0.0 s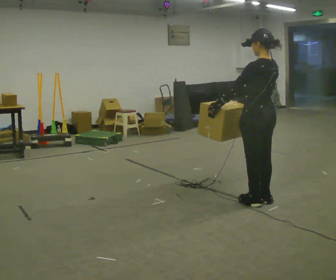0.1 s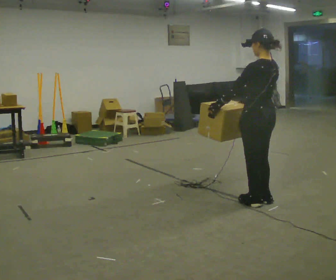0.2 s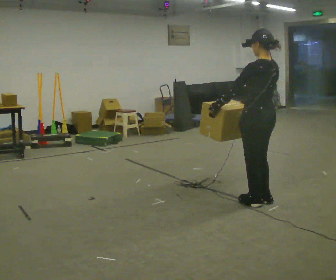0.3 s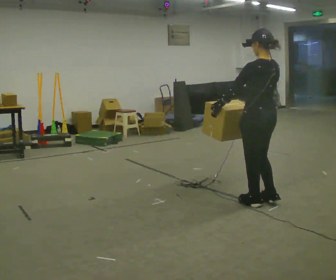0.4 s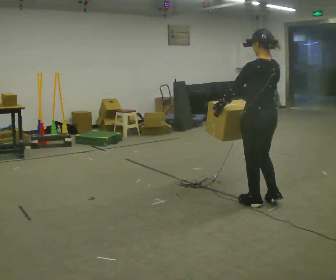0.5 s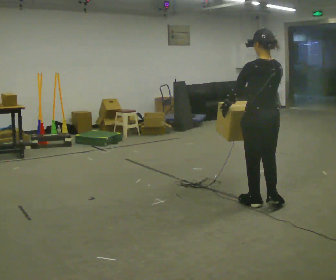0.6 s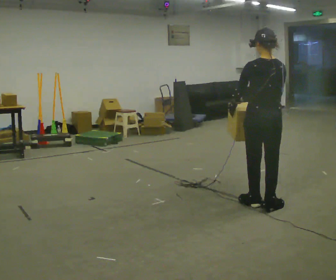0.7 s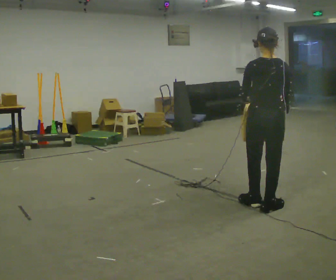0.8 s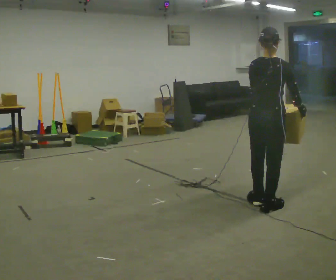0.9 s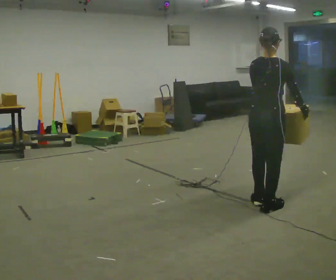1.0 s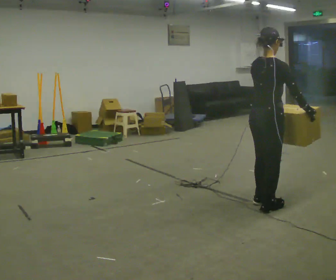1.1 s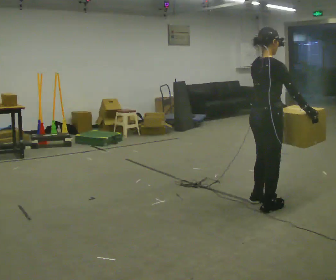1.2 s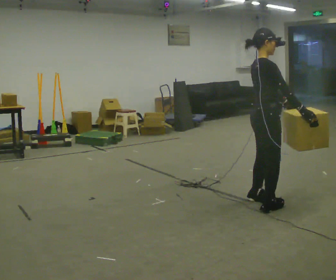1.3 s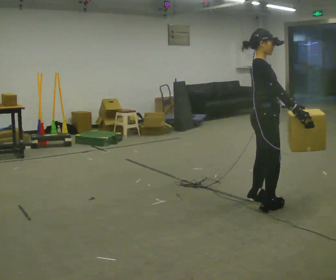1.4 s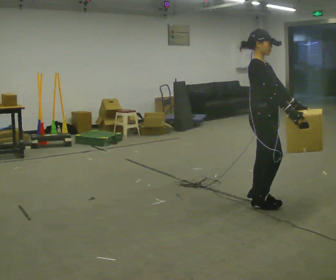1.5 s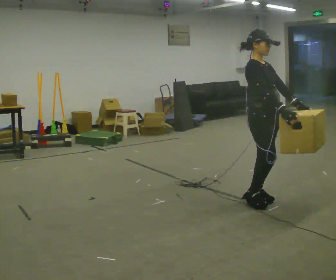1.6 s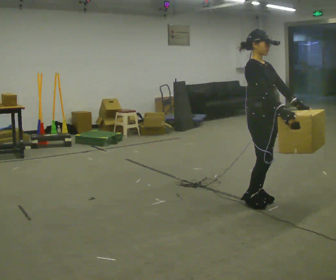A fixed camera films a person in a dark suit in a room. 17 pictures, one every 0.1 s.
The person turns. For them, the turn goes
to their right.
The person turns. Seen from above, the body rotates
clockwise.
0.0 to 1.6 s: The person turns about 165 degrees to their right, clockwise seen from above, so the part of the body nearest the lens slides to the left.
The film runs backward here.
